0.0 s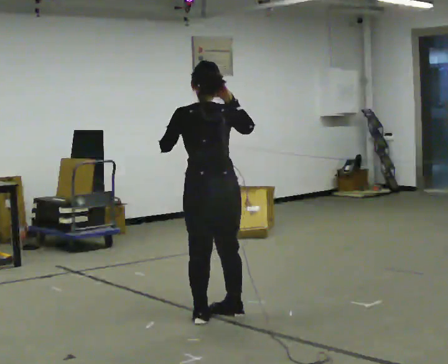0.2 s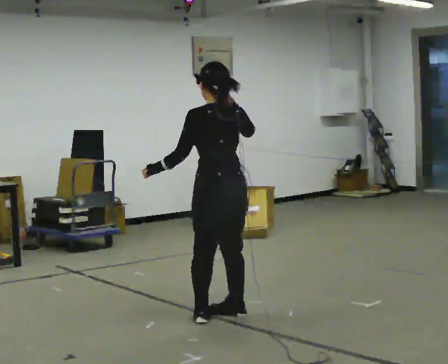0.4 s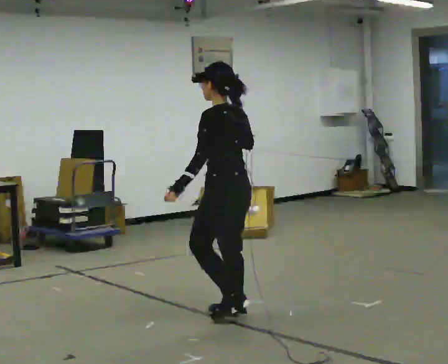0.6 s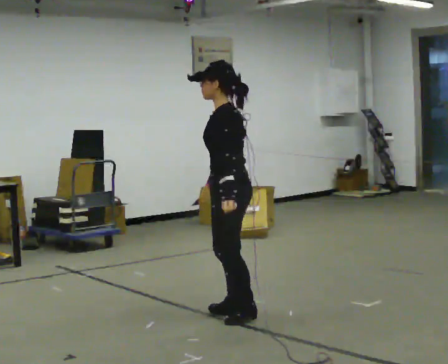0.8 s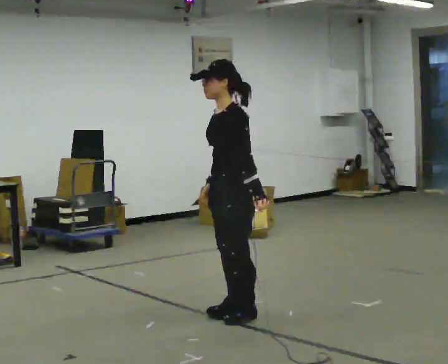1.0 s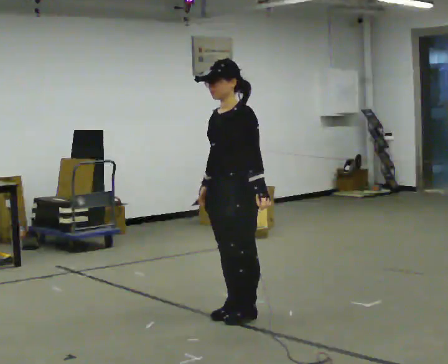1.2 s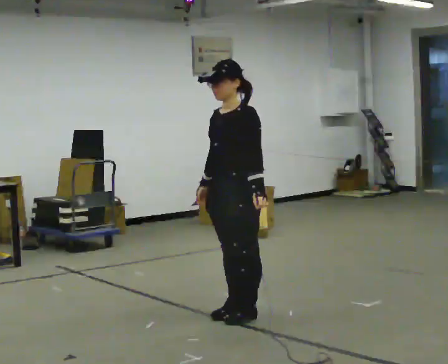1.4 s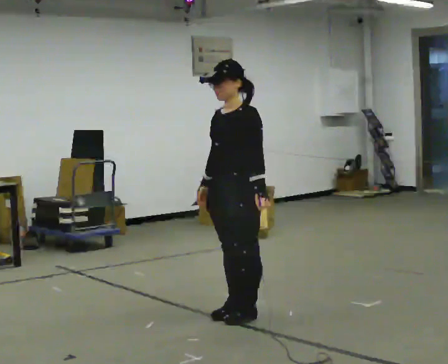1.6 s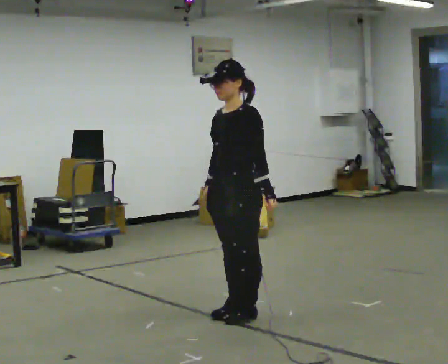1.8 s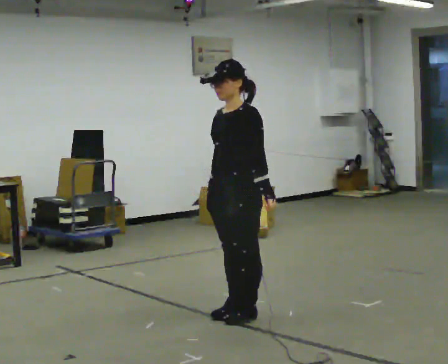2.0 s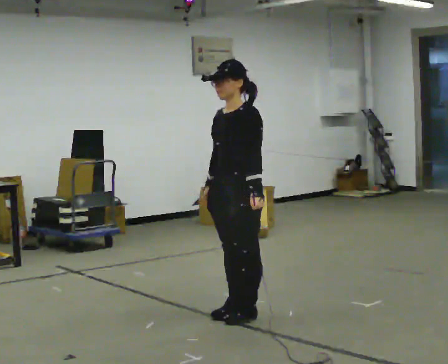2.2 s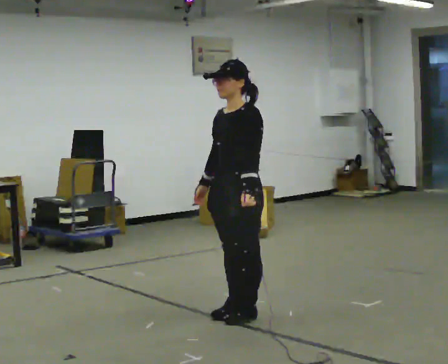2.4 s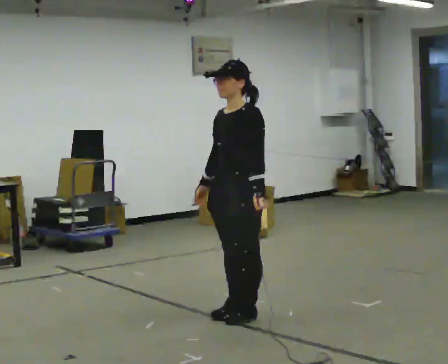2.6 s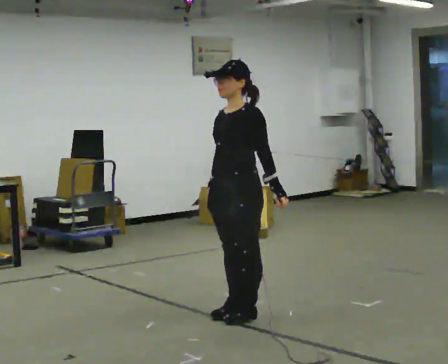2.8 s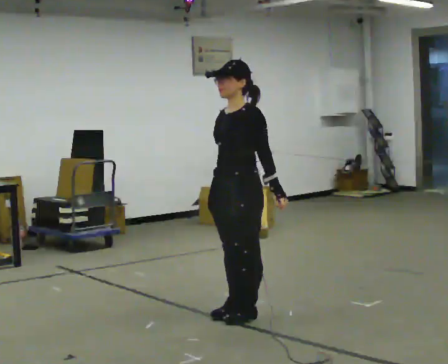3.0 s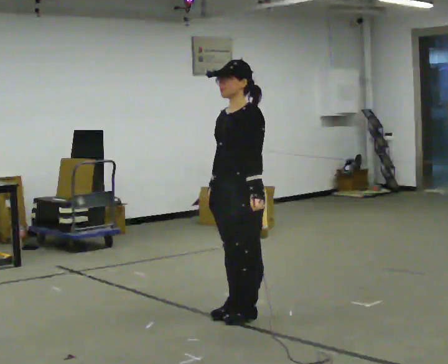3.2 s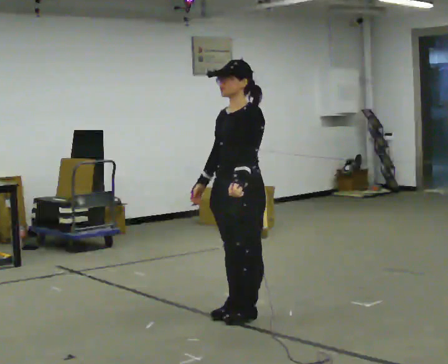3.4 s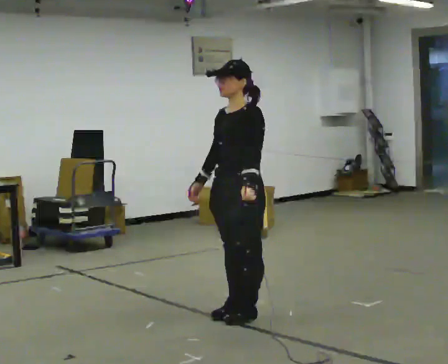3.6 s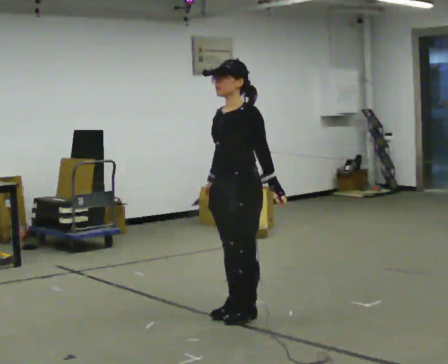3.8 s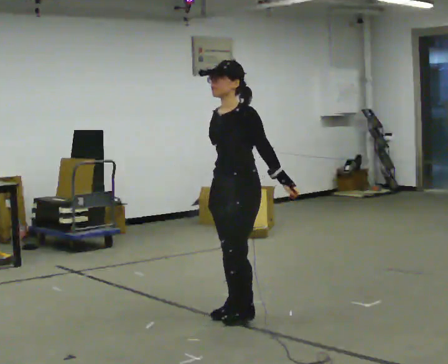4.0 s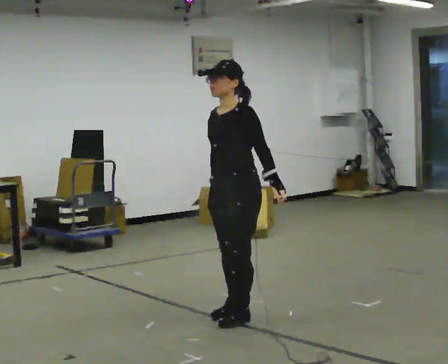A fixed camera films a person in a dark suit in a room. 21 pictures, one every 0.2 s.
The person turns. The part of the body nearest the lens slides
to the right.
Their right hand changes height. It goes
downward.
0.0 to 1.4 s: The part of the body nearest the lens slides to the right as the person turns to their left by about 135 degrees. In the picture they go to the right, about 0.25 m in 1 step. In the picture their left hand goes to the right and downward.
1.4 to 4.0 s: The person moves a little, or ends about where they began.
The film runs backward here.
